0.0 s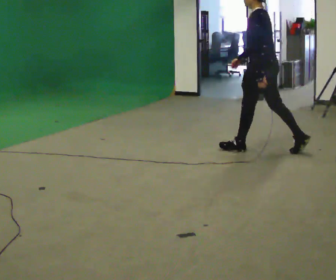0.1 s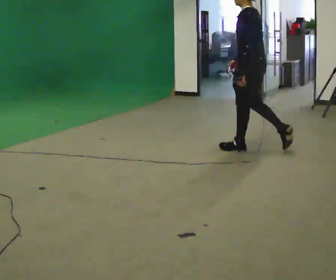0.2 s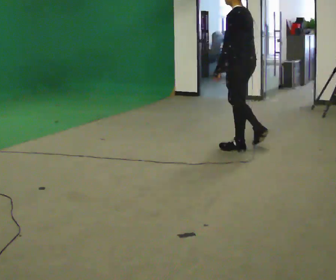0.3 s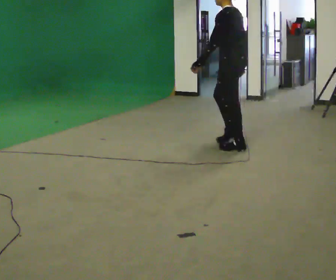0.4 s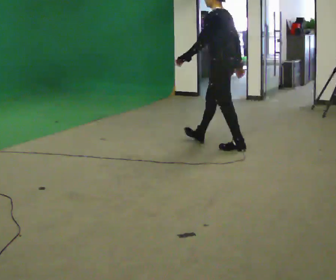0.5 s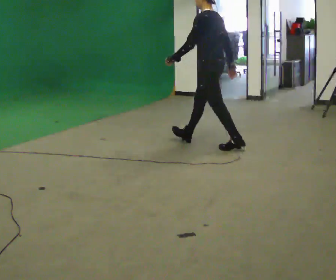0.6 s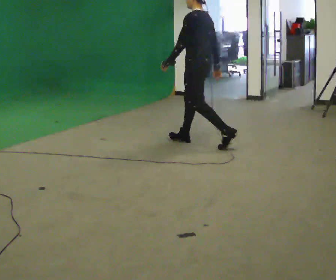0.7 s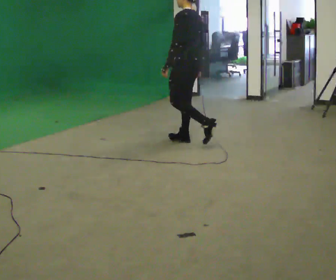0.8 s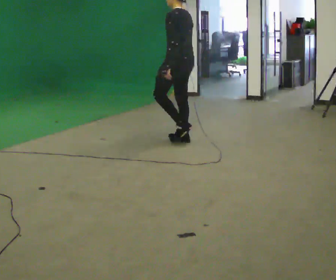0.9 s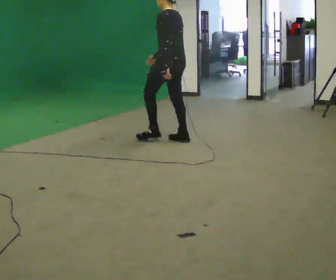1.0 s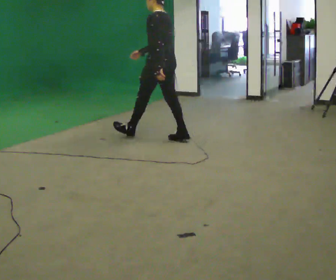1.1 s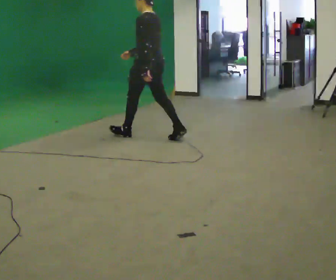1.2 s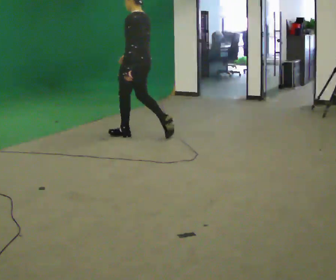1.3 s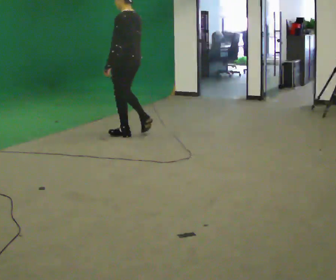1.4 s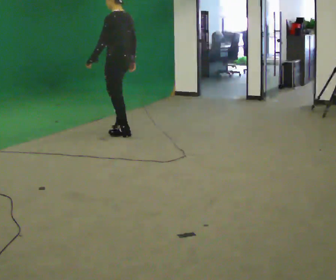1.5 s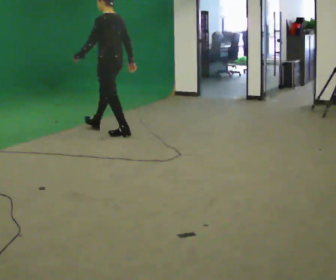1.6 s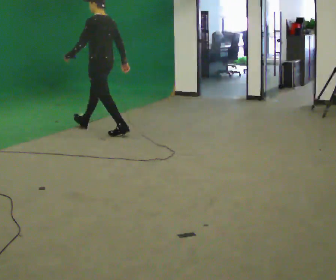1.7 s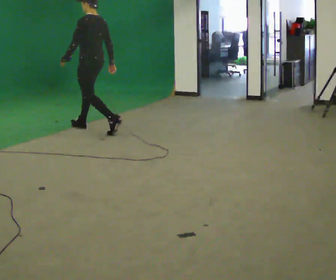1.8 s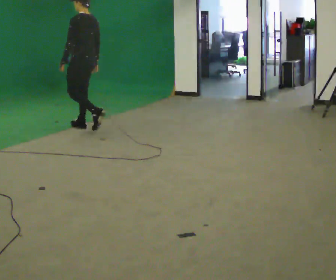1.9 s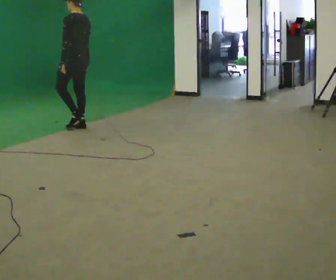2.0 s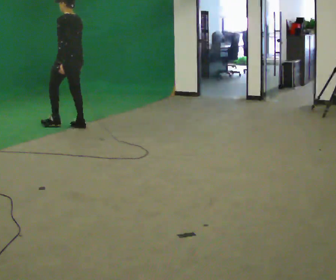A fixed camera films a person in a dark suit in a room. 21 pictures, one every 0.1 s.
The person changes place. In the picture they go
to the left.
0.0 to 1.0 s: In the picture they go to the left and away from the camera, about 1 m in 1 step, which for them is forward.
1.0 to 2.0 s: In the picture they go to the left and away from the camera, about 1.5 m in 2 steps, which for them is forward.
The film runs forward here.
